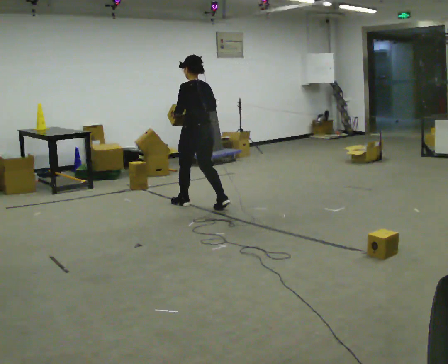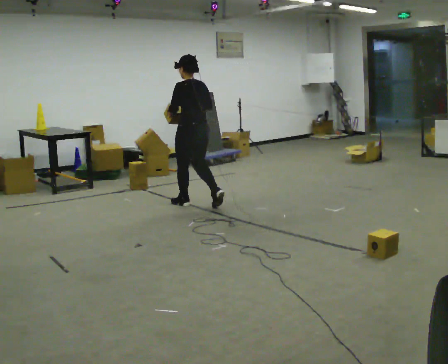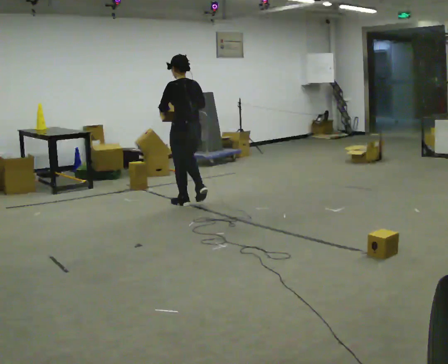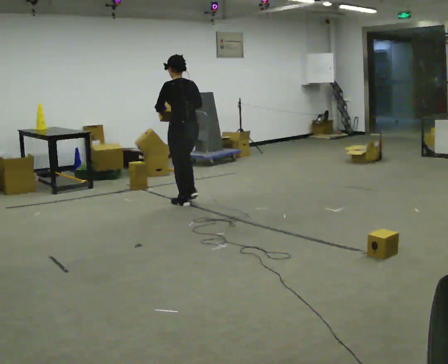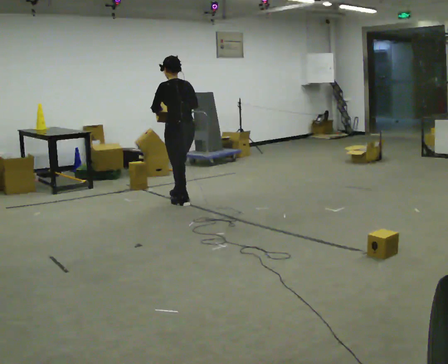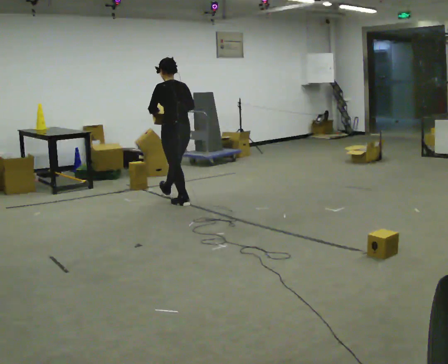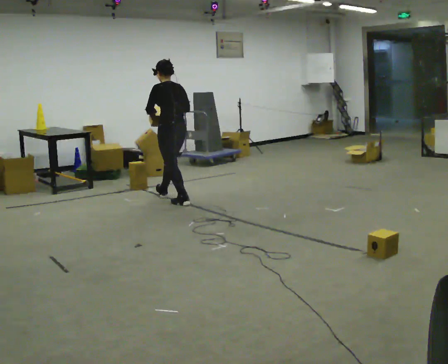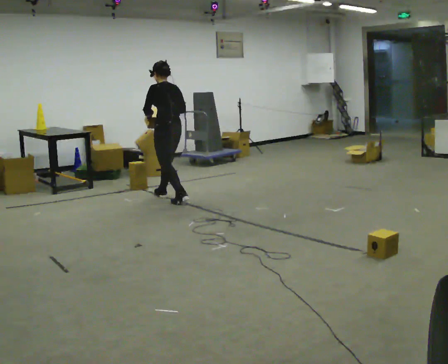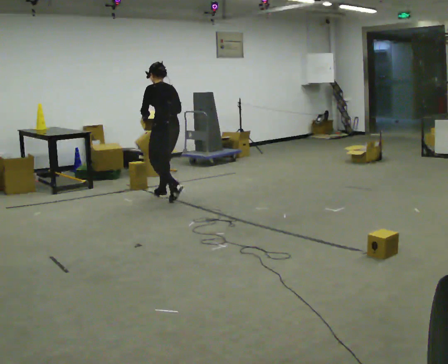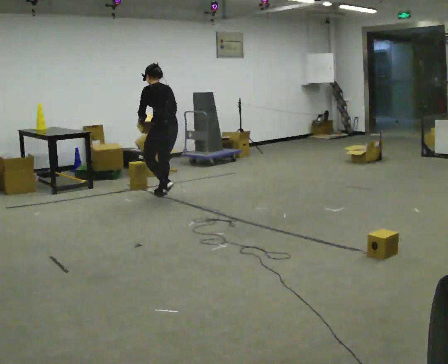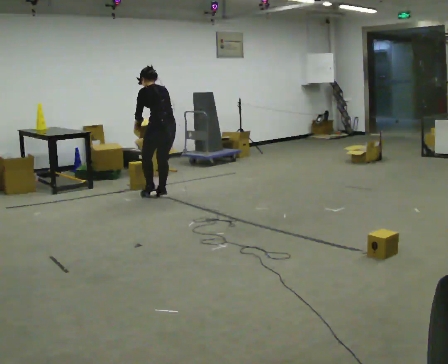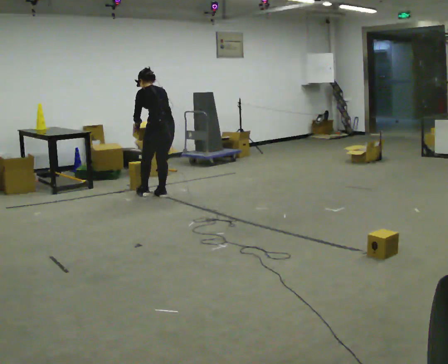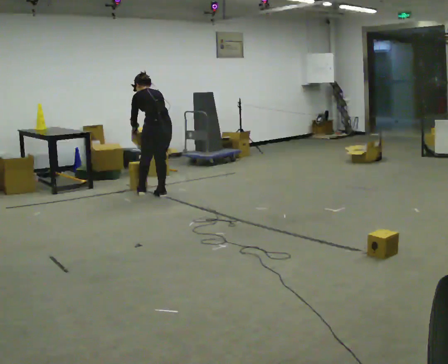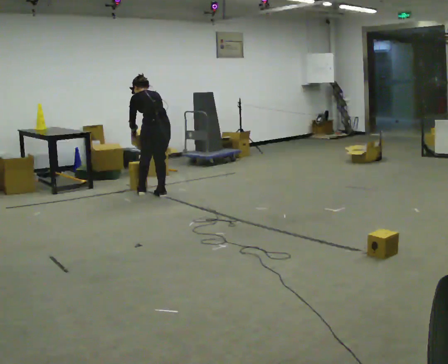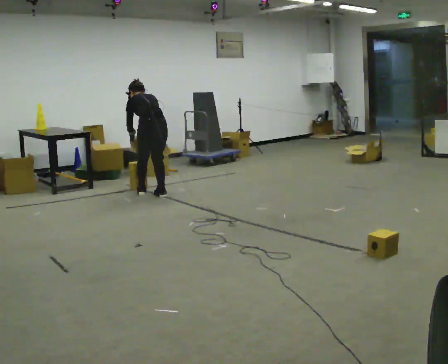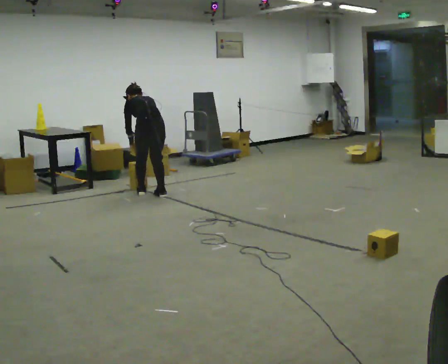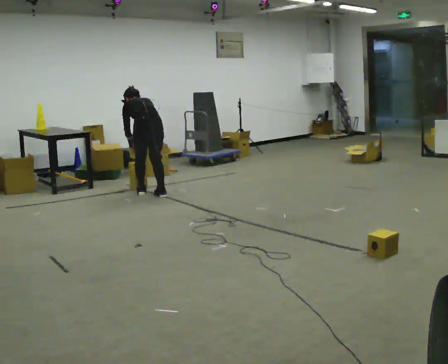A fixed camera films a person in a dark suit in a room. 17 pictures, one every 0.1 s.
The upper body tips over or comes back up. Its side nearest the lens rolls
upward.
Their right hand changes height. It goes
downward.
0.0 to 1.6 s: In the picture they go away from the camera and to the left, about 1 m in 2 steps, which for them is forward. The shoulders move downward. The upper body tips away from the camera, its near side rolling upward, as they bend forward. In the picture their right hand goes downward.
The film runs forward here.
